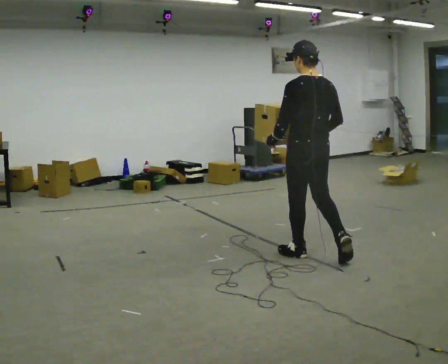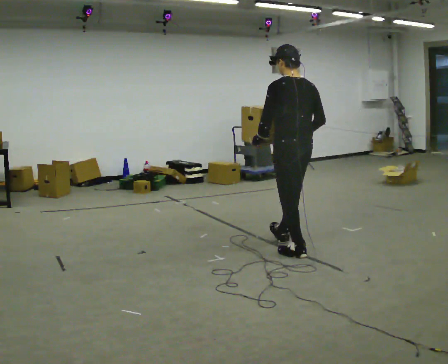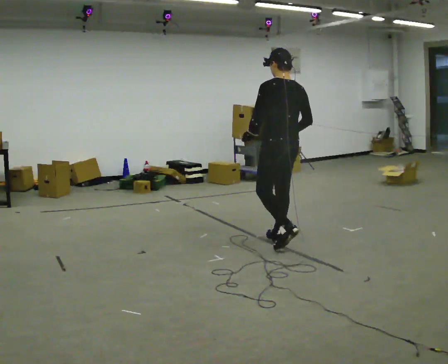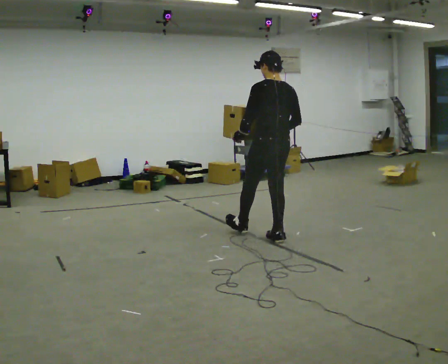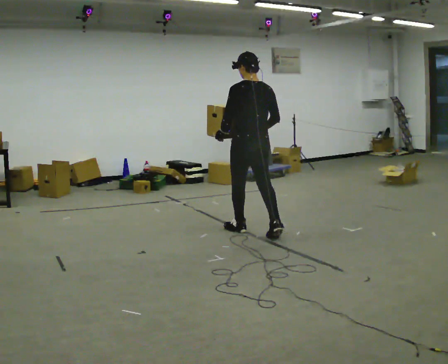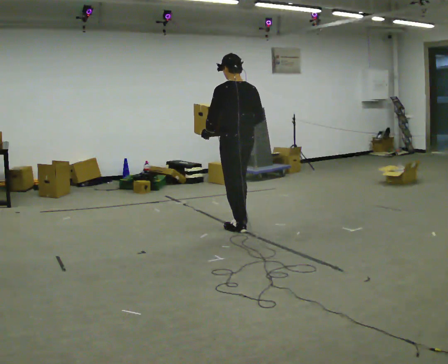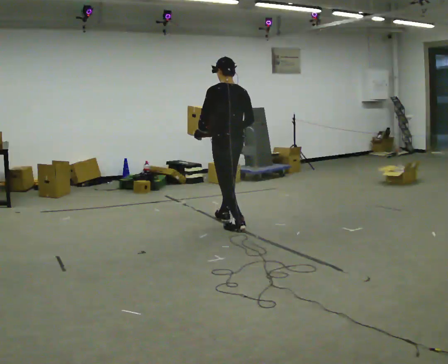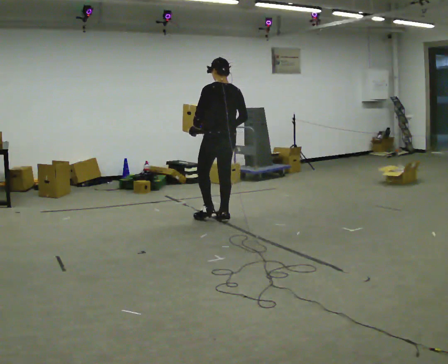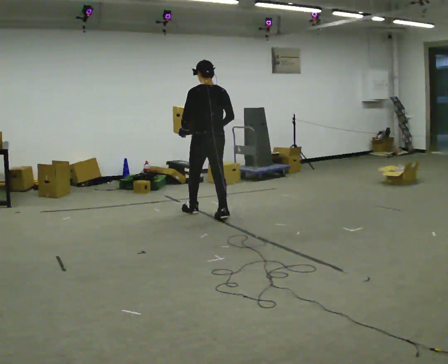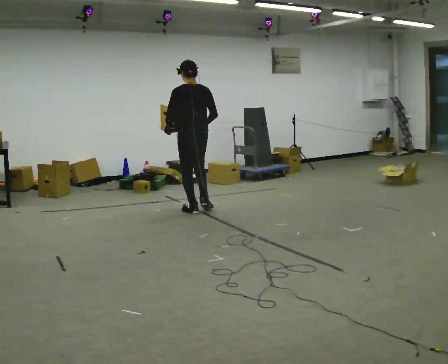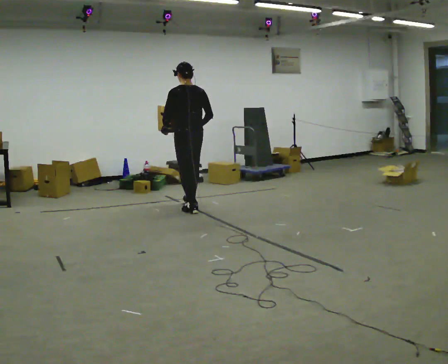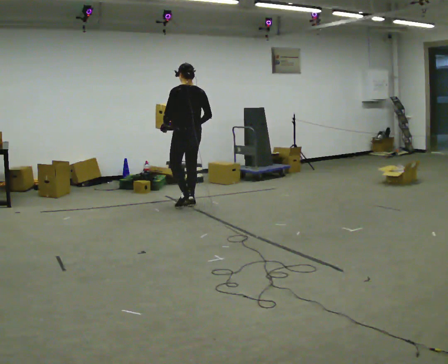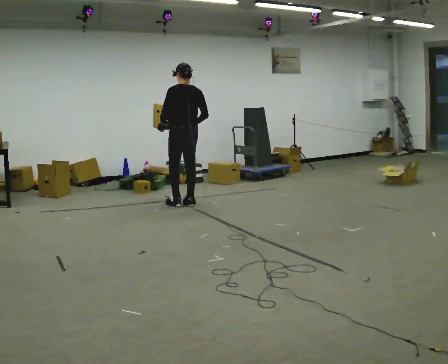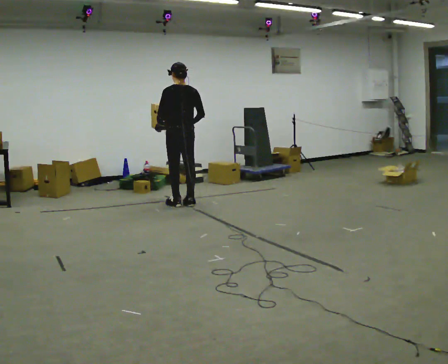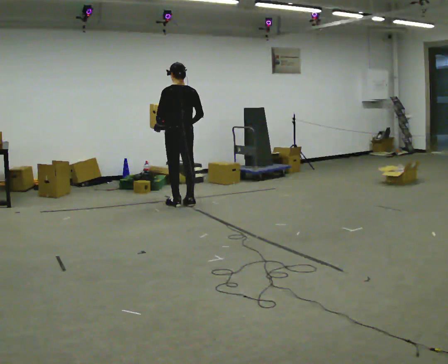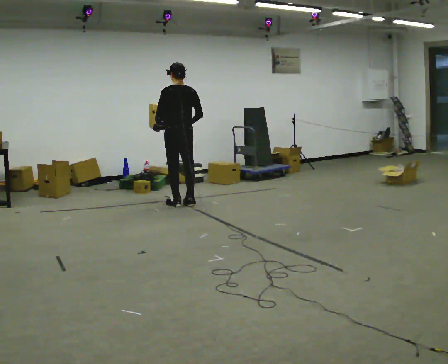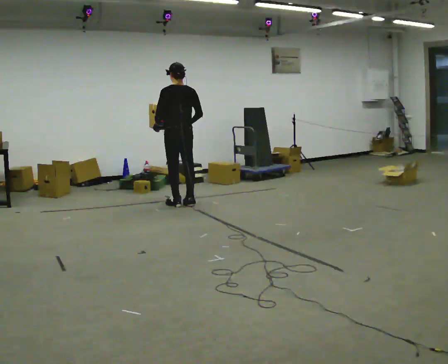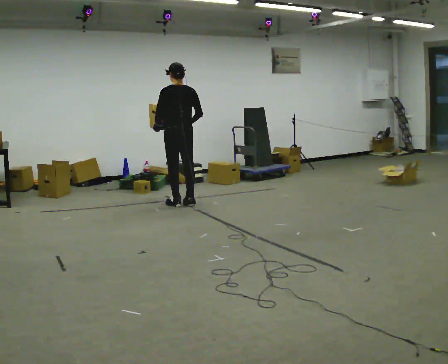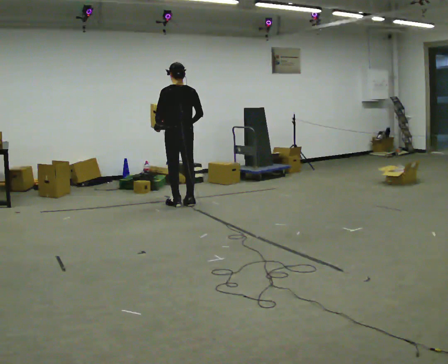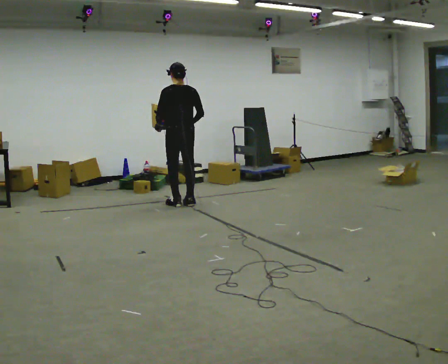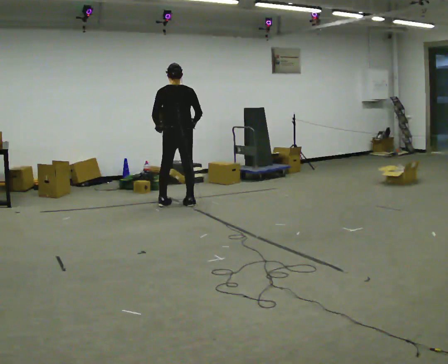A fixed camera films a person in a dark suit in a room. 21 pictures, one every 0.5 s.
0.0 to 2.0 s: In the picture they go away from the camera and to the left, about 1 m in 2 steps, which for them is forward.
2.0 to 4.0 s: In the picture they go away from the camera and to the left, about 1 m in 2 steps, which for them is forward.
4.0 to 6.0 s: In the picture they go away from the camera, about 0.5 m in 2 steps, which for them is forward.
6.0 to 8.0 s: The person moves a little, or ends about where they began.
8.0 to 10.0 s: The part of the body nearest the lens slides to the left as the person turns to their right by about 30 degrees.
The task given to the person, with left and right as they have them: Carry the heaviest box in both hands in front of you, walking back and forth across the room. Only carry what is comfortable. Set it down whenever you need to.
The film runs forward here.
